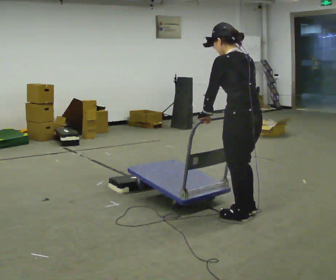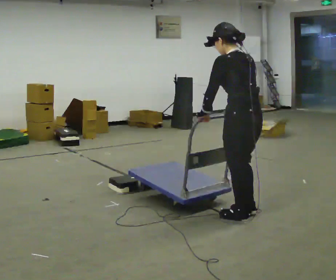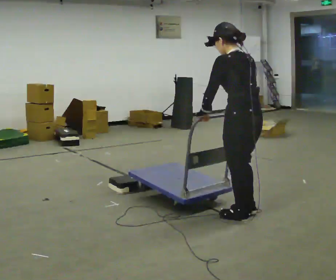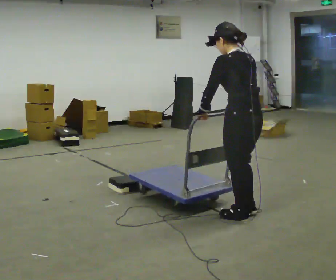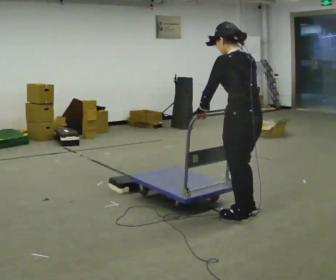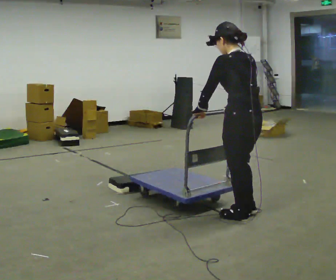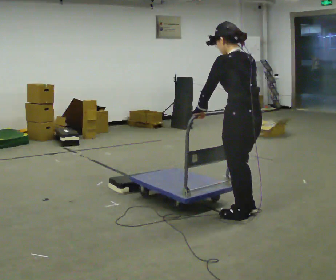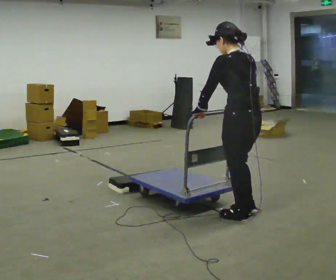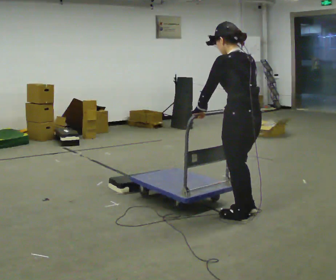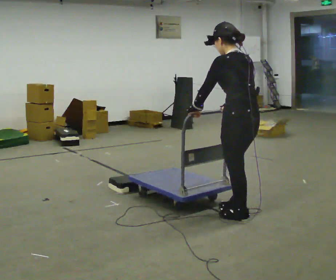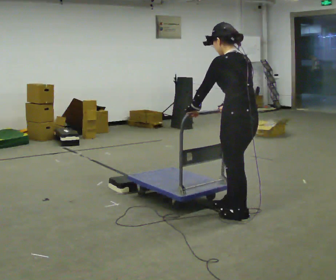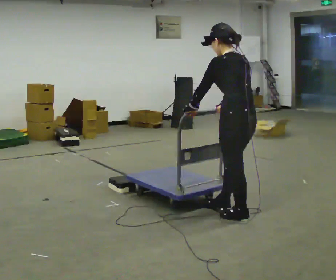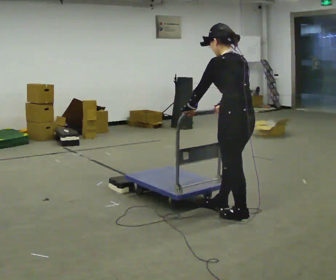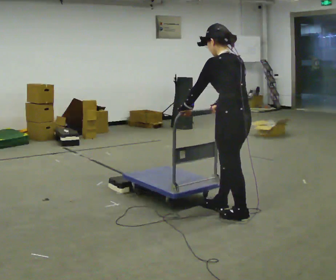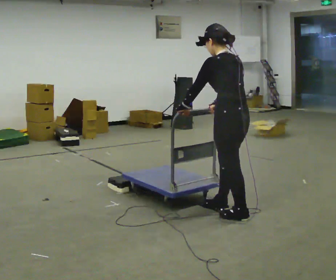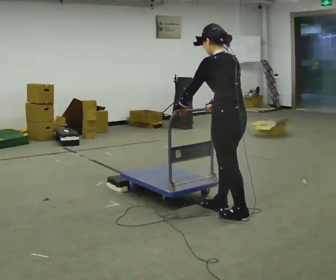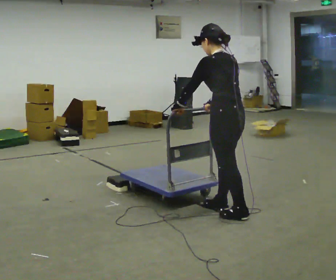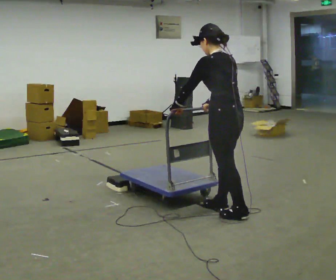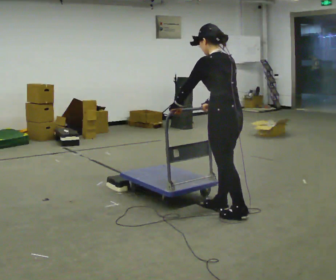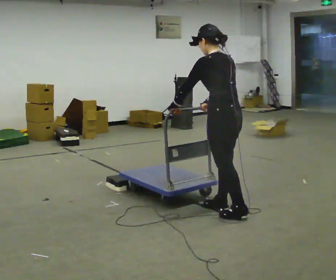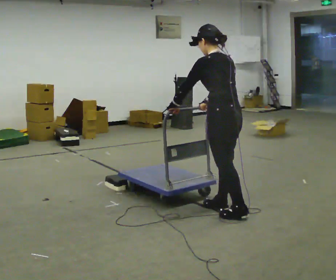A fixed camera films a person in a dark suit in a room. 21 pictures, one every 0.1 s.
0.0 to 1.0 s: The person moves a little, or ends about where they began.
1.0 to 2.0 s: In the picture they go away from the camera, about 0.25 m in 1 step, which for them is forward.
The film runs forward here.
